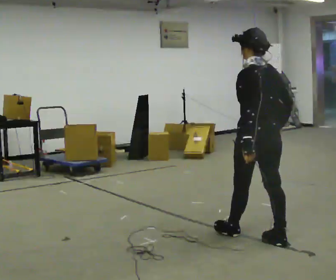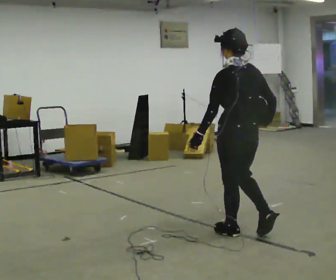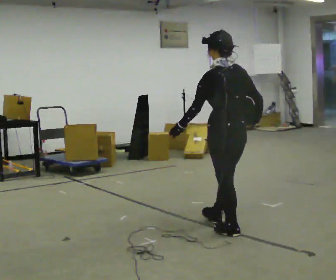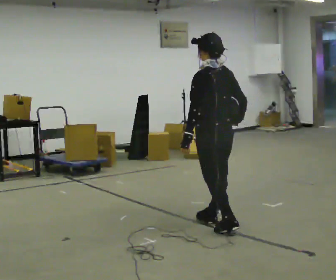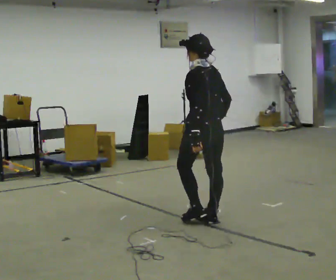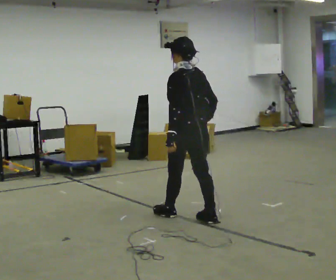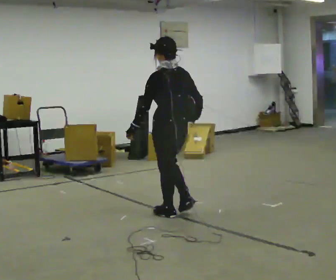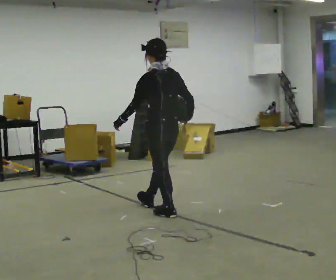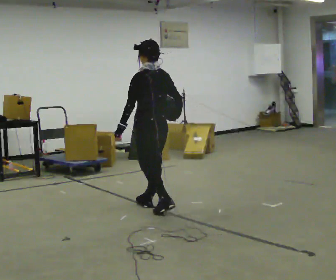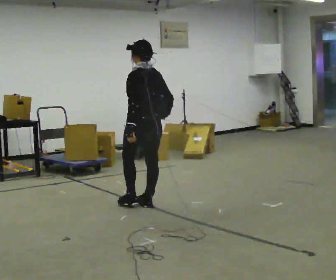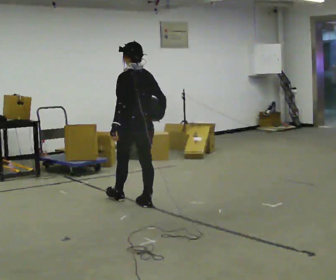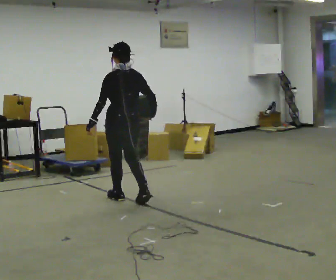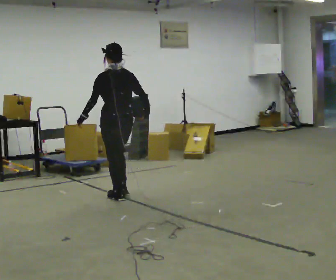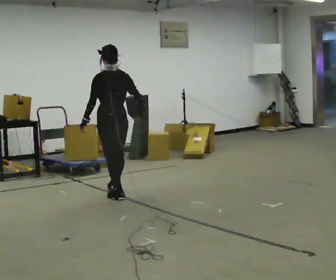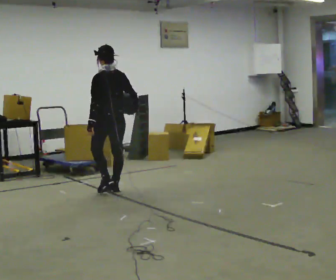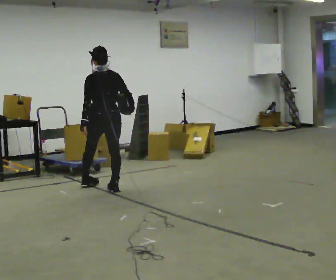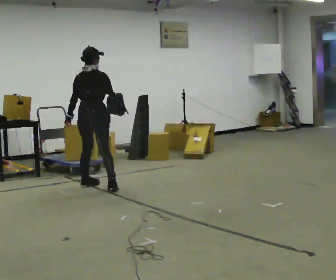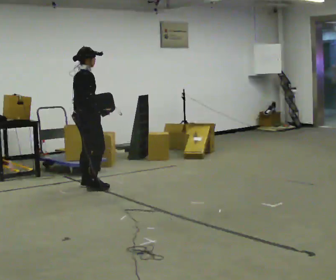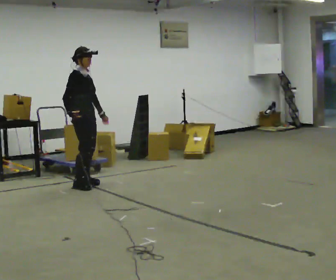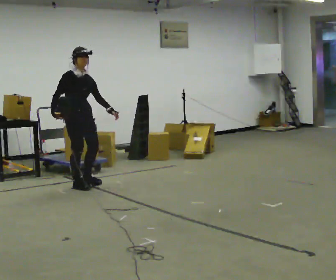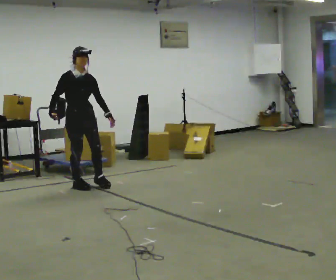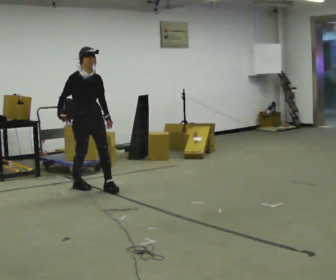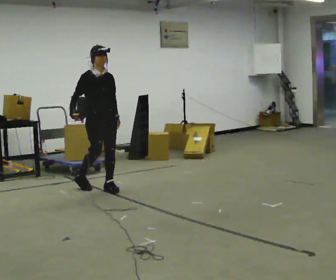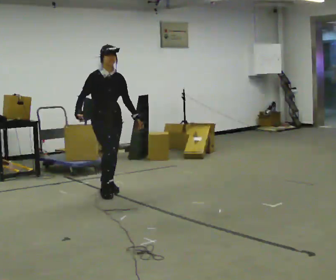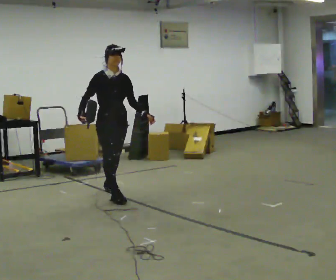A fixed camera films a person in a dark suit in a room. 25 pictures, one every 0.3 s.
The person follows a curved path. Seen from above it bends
counterclockwise.
0.0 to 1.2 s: In the picture they go away from the camera and to the left, about 0.75 m in 1 step, which for them is forward.
1.2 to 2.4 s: In the picture they go away from the camera and to the left, about 0.75 m in 2 steps, which for them is forward.
2.4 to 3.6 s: In the picture they go away from the camera and to the left, about 0.5 m in 1 step, which for them is forward.
3.6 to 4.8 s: Seen from above the body turns clockwise, about 45 degrees: to their right, with its near side sliding to the left. In the picture they go away from the camera and to the left, about 0.5 m in 2 steps, which for them is forward.
4.8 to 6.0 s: The person turns about 120 degrees to their right, clockwise seen from above, so the part of the body nearest the lens slides to the left. In the picture they go to the left, about 0.25 m in 1 step. In the picture their right hand goes to the left, the arm swinging clockwise.
6.0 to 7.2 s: In the picture they go to the right and toward the camera, about 0.5 m in 2 steps, which for them is forward.
The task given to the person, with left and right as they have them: Hold the object against your hip on the side the operator calls, and carry it back and forth across the room.
The film runs forward here.
